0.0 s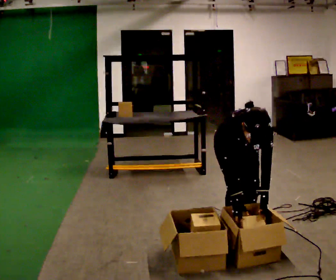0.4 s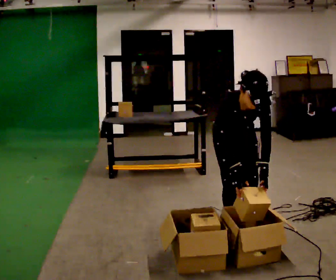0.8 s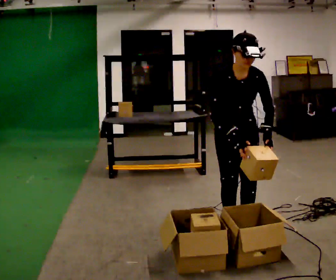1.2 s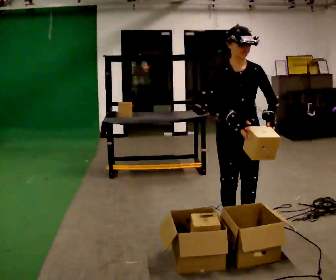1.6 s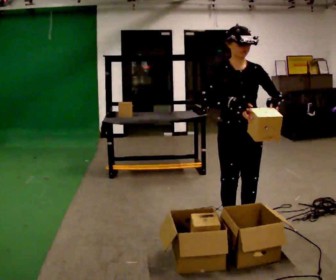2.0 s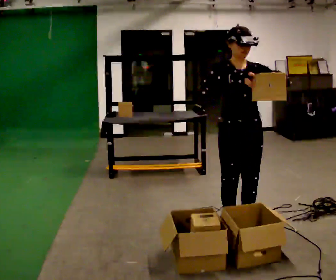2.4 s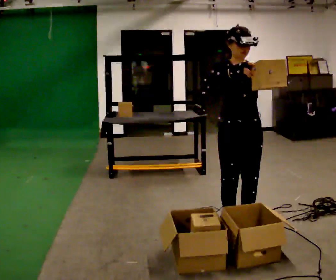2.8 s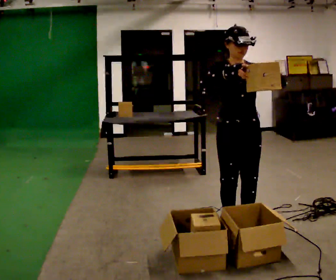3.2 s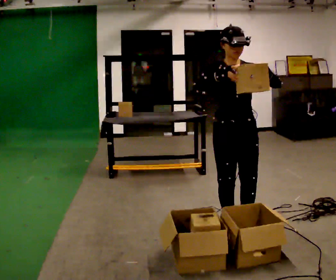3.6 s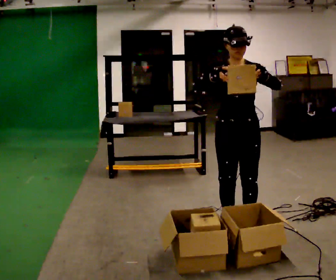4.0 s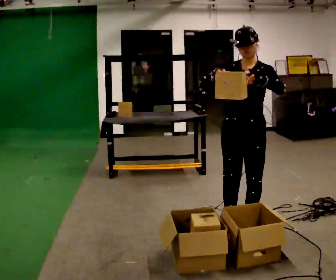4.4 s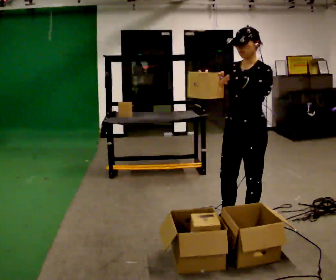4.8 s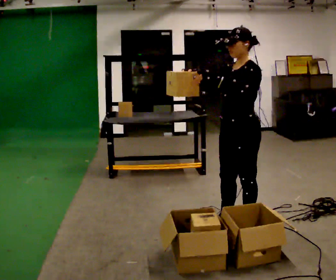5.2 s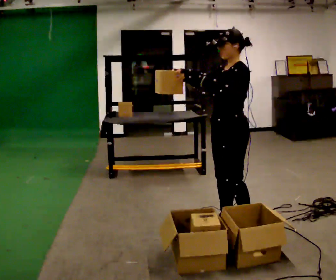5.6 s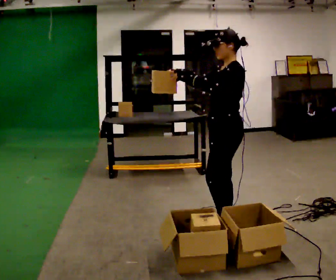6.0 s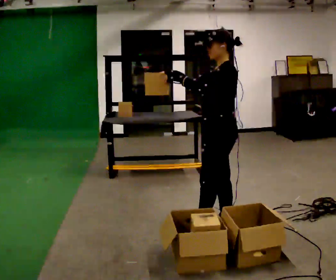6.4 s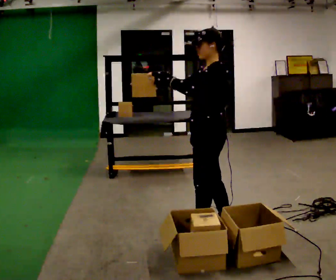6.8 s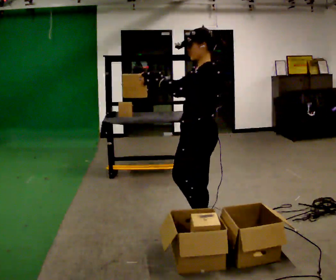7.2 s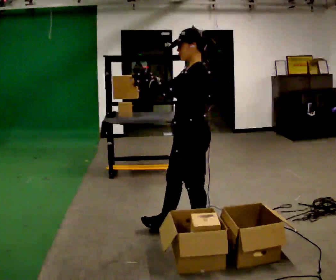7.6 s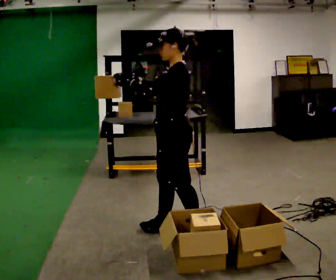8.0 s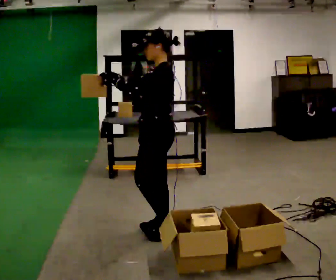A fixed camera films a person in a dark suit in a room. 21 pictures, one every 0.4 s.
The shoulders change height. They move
upward.
The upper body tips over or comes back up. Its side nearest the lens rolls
upward.
0.0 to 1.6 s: In the picture they go toward the camera, about 0.25 m, which for them is forward. The shoulders move upward. The upper body tips away from the camera, its near side rolling upward, as they lean back or straighten. In the picture their left hand goes upward.
1.6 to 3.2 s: The person moves a little, or ends about where they began.
3.2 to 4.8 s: Seen from above the body turns clockwise, about 60 degrees: to their right, with its near side sliding to the left.
4.8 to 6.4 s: The part of the body nearest the lens slides to the left as the person turns to their right by about 30 degrees. In the picture they go to the left, about 0.25 m in 1 step, which for them is forward.
6.4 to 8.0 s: In the picture they go to the left, about 0.5 m in 1 step, which for them is forward.
The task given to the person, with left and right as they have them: 1. Look at the shelf and see which spaces are empty. 2. Find matching items in the bins on the floor. 3. Fill the empty spaces on the shelf. 4. Tell the operator when you are finished.
The film runs forward here.
